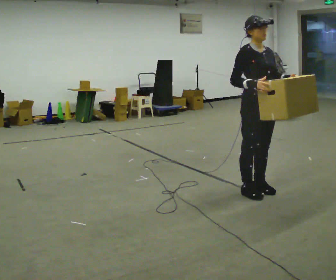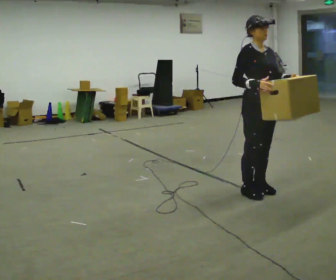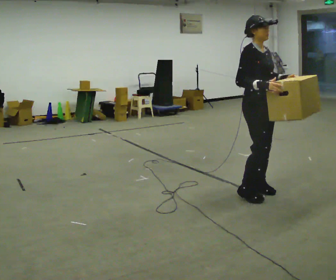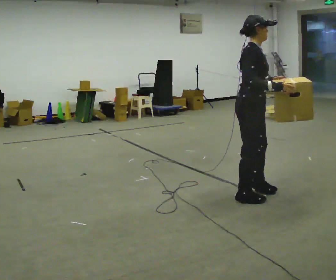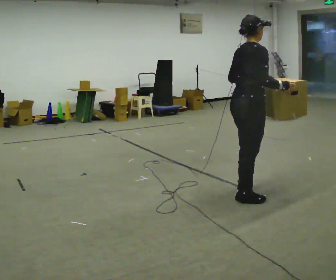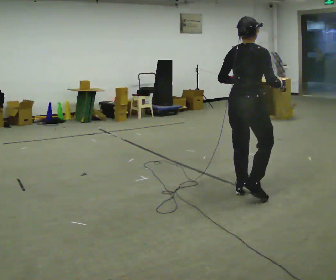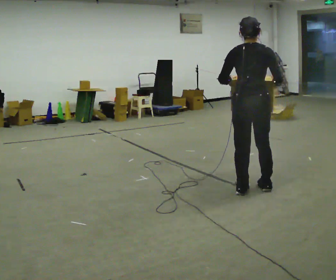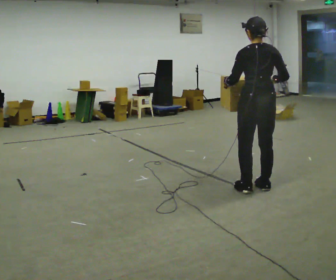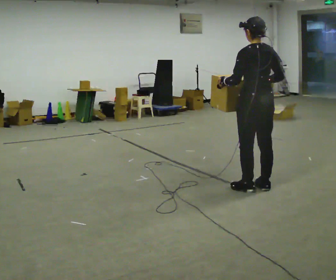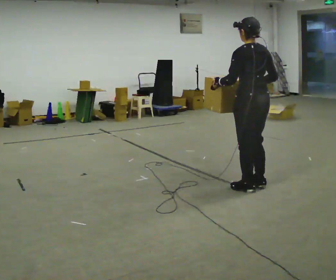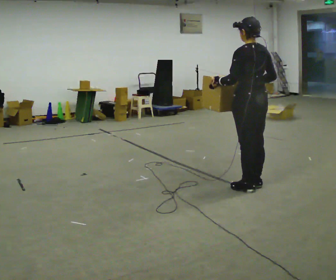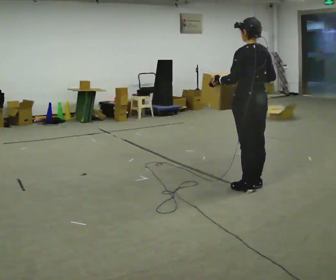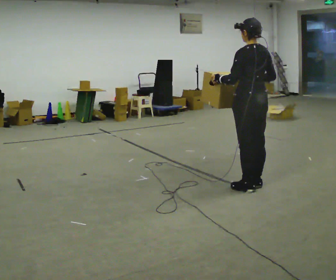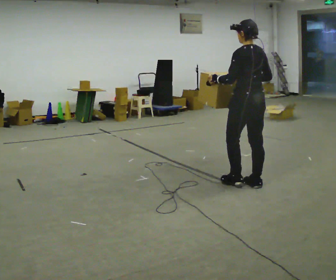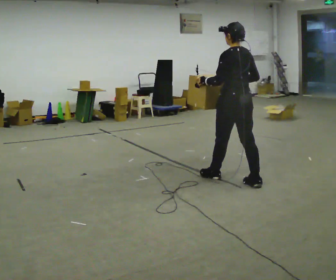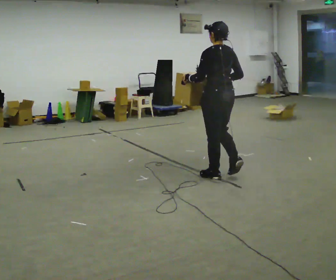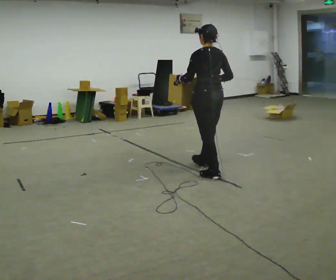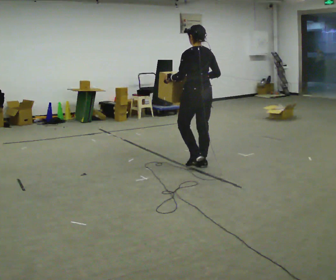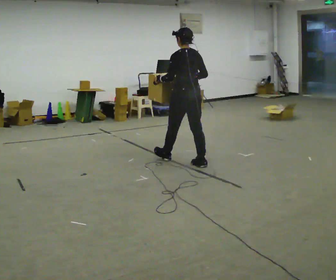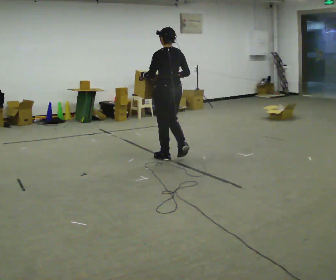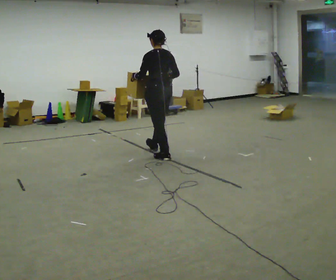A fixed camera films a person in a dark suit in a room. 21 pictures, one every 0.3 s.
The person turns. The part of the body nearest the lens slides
to the right.
The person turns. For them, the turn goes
to their left.
0.0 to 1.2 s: The part of the body nearest the lens slides to the right as the person turns to their left by about 75 degrees. In the picture their left hand goes to the left.
1.2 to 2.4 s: Seen from above the body turns counterclockwise, about 90 degrees: to their left, with its near side sliding to the right. In the picture they go away from the camera, about 0.25 m in 1 step.
2.4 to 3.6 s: The person moves a little, or ends about where they began.
3.6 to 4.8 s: In the picture they go to the left and away from the camera, about 0.75 m in 1 step, which for them is forward.
4.8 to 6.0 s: In the picture they go to the left and away from the camera, about 1 m in 2 steps, which for them is forward.
The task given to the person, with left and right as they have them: Carry the heavy box in both hands in front of you, walking back and forth across the room. Keep walking until the operator says stop. Set it down if you need a rest.
The film runs forward here.
